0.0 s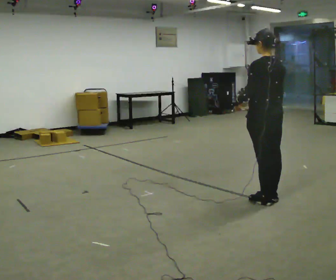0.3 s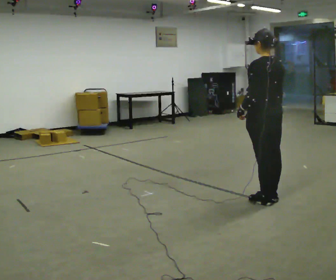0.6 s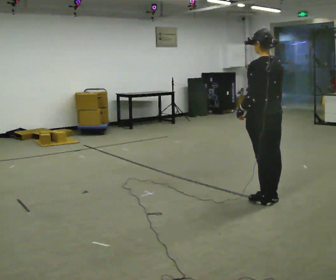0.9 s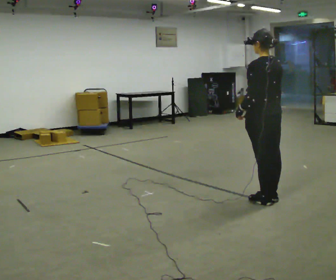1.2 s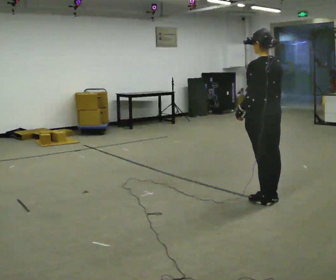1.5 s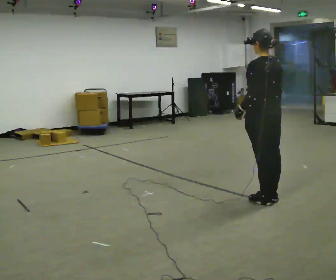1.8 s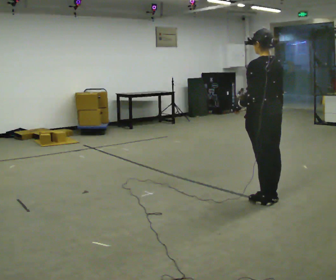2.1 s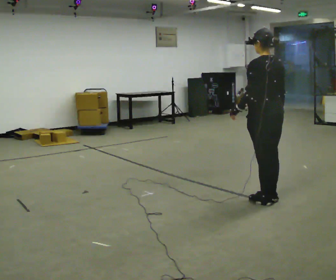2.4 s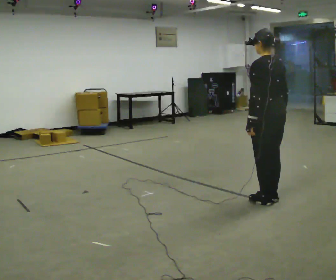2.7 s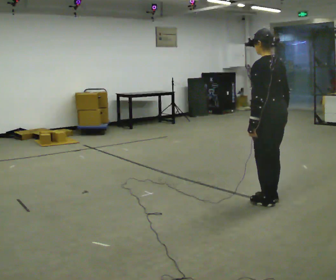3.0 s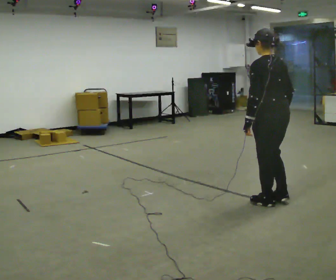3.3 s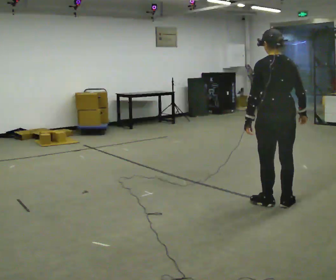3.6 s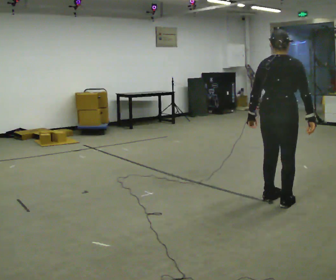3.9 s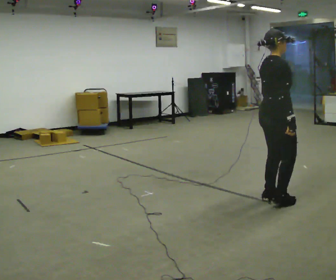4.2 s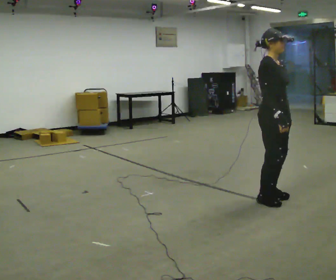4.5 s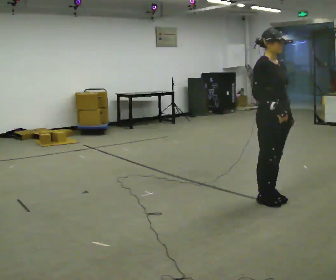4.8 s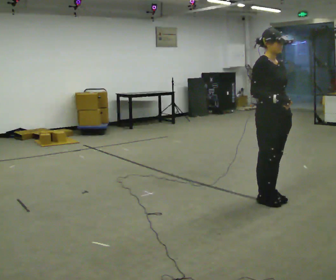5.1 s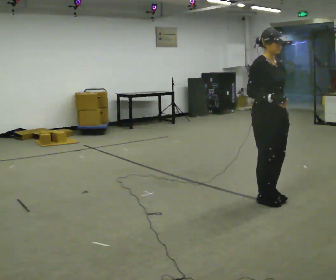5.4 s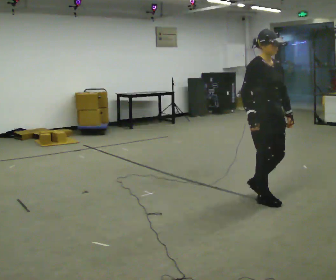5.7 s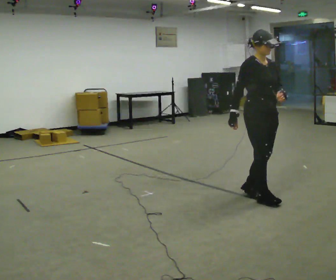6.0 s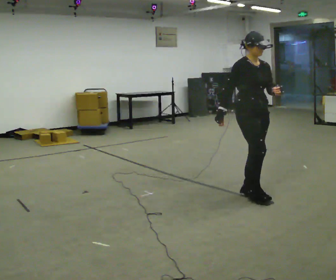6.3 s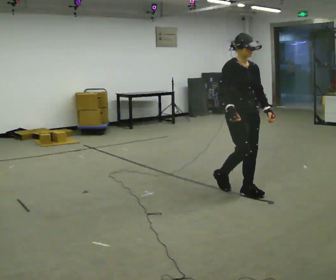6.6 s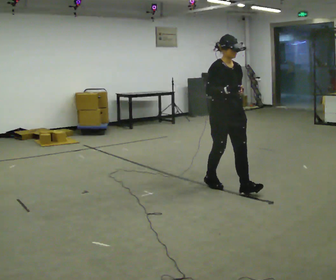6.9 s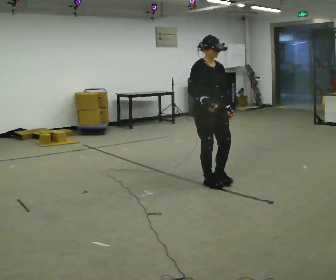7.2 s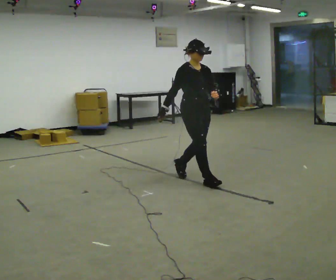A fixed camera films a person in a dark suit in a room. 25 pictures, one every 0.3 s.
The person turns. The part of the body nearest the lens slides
to the left.
The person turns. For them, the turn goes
to their right.
0.0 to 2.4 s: The person moves a little, or ends about where they began.
2.4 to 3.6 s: Seen from above the body turns clockwise, about 60 degrees: to their right, with its near side sliding to the left.
3.6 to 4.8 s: The part of the body nearest the lens slides to the left as the person turns to their right by about 120 degrees. In the picture their left hand goes to the right.
4.8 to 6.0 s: In the picture they go away from the camera and to the left, about 0.25 m in 2 steps, which for them is backward.
6.0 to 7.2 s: In the picture they go to the left and away from the camera, about 0.5 m in 1 step, which for them is backward.
The film runs backward here.
